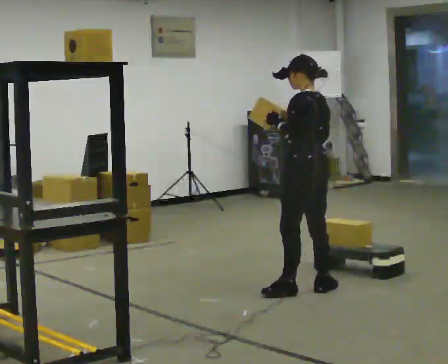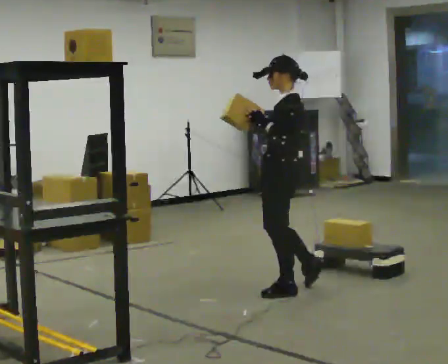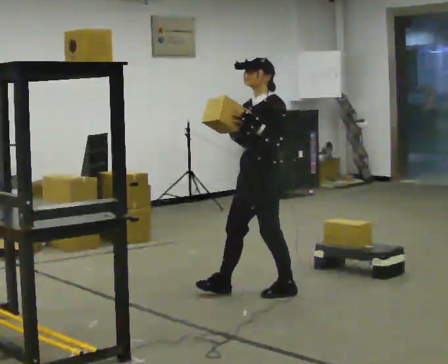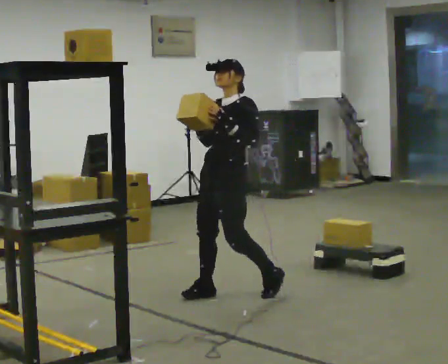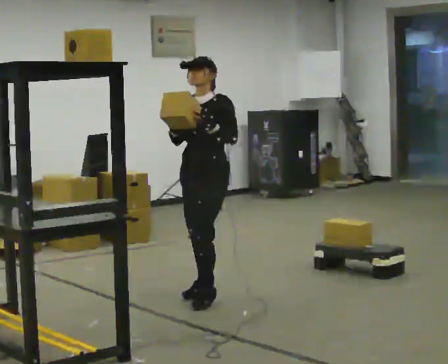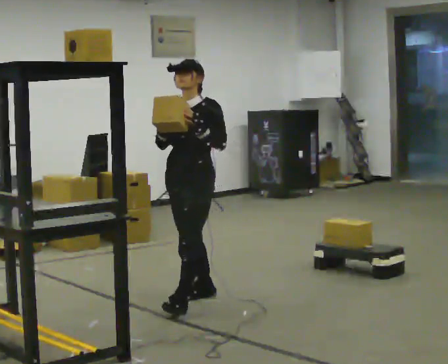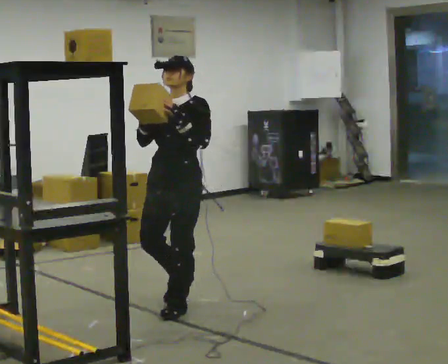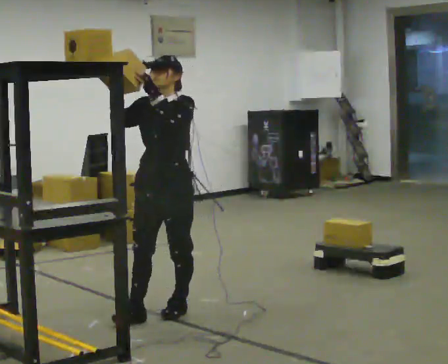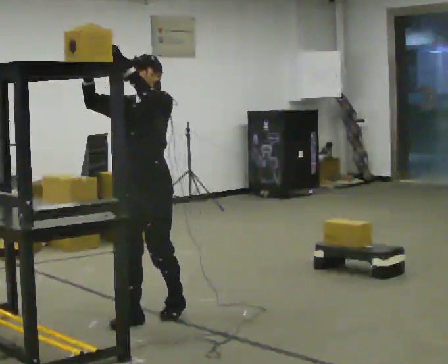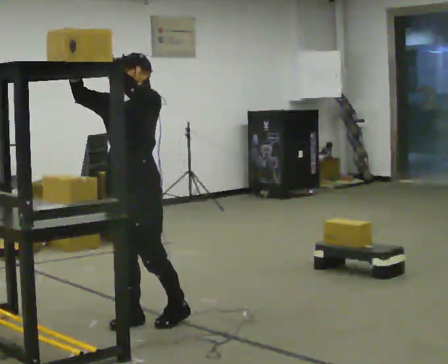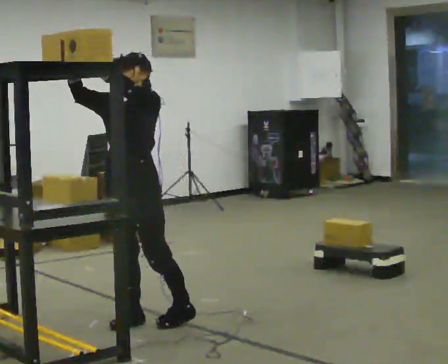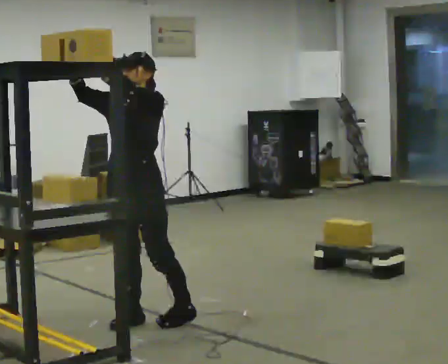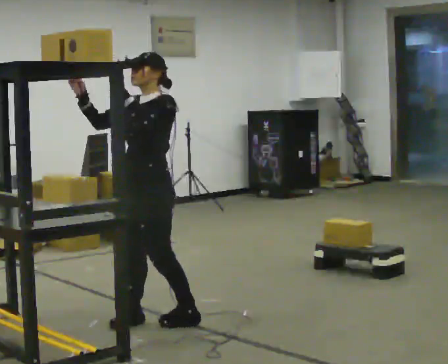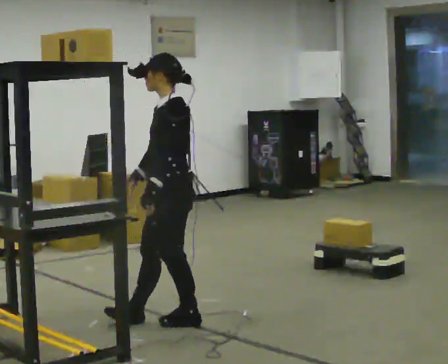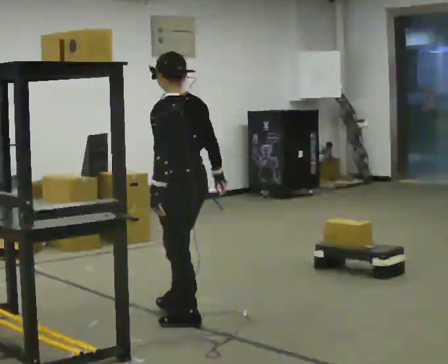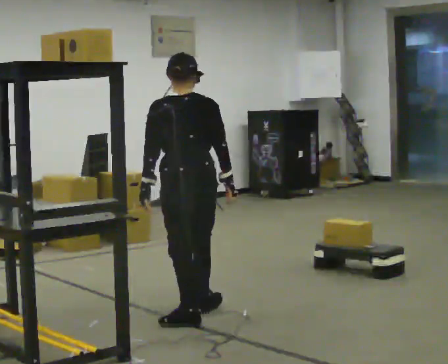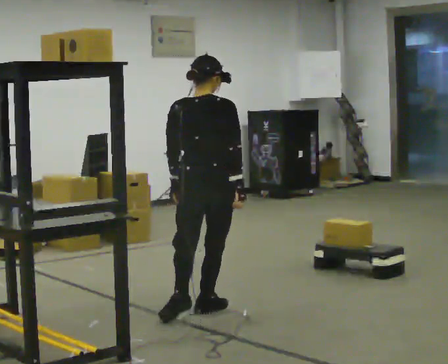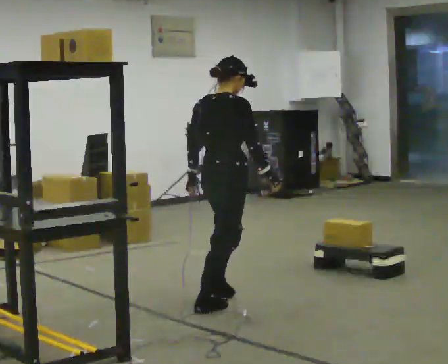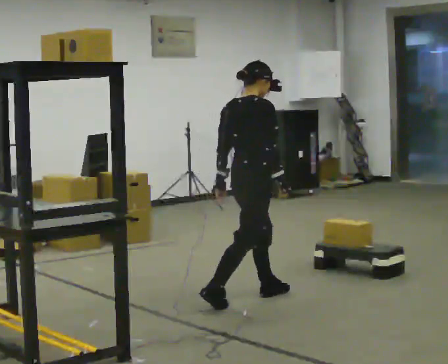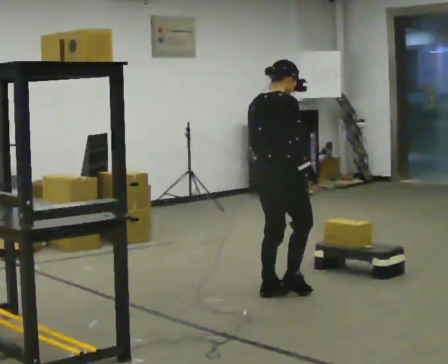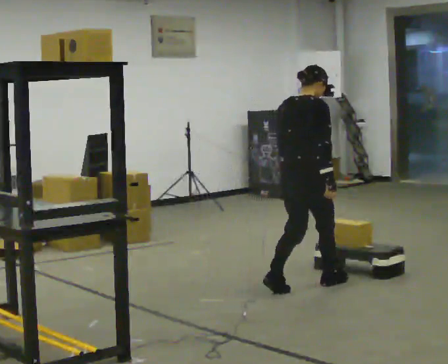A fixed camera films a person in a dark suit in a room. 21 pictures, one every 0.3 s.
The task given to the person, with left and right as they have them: Carry the object across the room and place it on the shelf just at the top of your comfortable reach. Keep going until the operator says stop; one object at a time, and do not rush between trips.
0.0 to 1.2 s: The person turns about 90 degrees to their left, counterclockwise seen from above, so the part of the body nearest the lens slides to the right. In the picture they go to the left, about 0.75 m in 1 step.
1.2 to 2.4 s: In the picture they go toward the camera and to the left, about 0.75 m in 2 steps, which for them is forward. In the picture their left hand goes upward.
2.4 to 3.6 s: The person moves a little, or ends about where they began.
3.6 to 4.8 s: The part of the body nearest the lens slides to the left as the person turns to their right by about 150 degrees. In the picture they go to the right, about 0.25 m in 1 step. In the picture their right hand goes downward, the arm swinging counterclockwise.
4.8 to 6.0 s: The part of the body nearest the lens slides to the left as the person turns to their right by about 30 degrees. In the picture they go to the right and away from the camera, about 1 m in 2 steps, which for them is forward. In the picture the upper body tilts clockwise, shoulders to the right, as they bend forward.
The film runs forward here.
